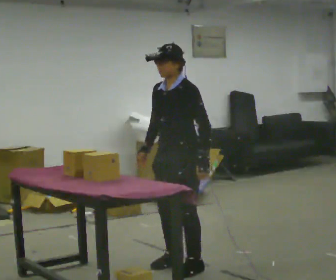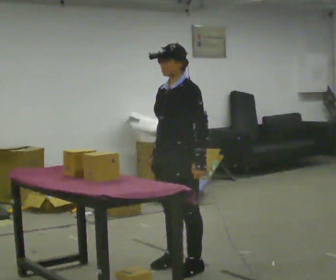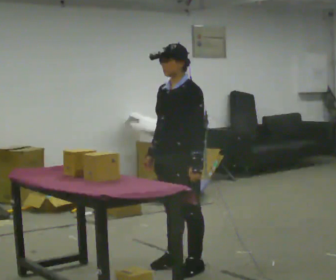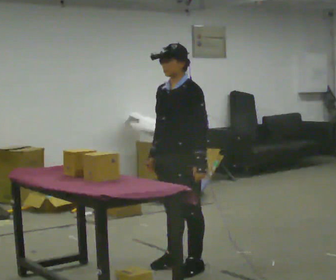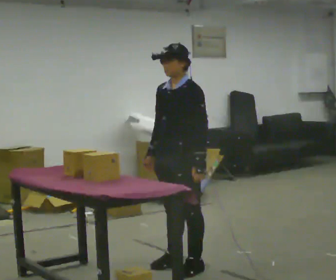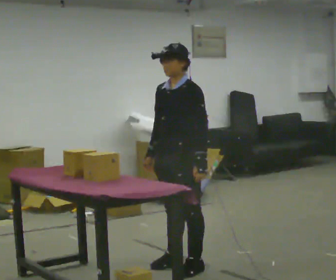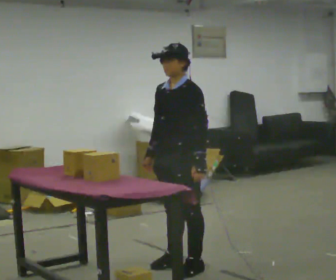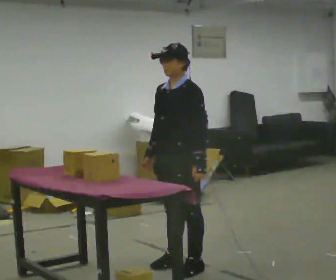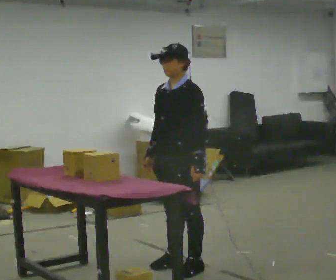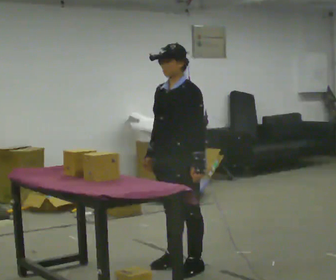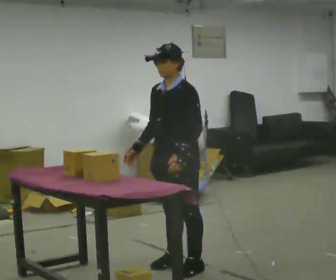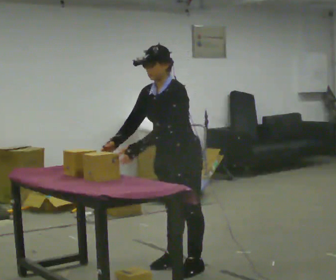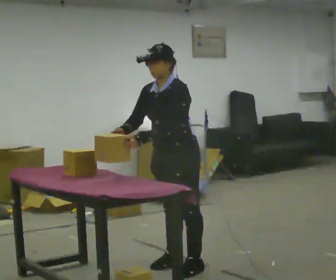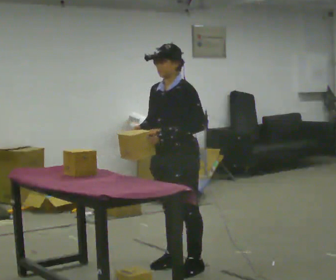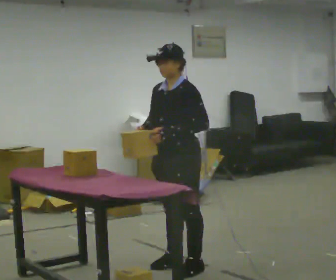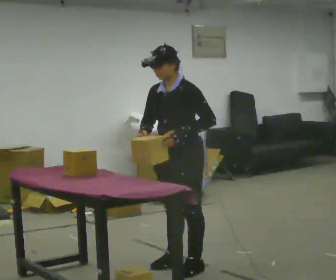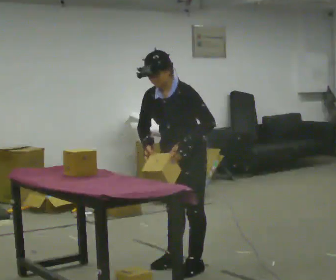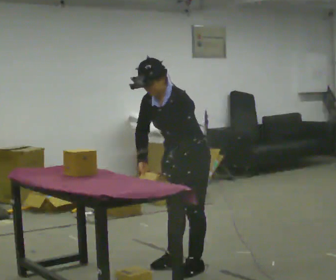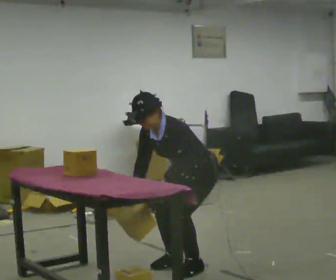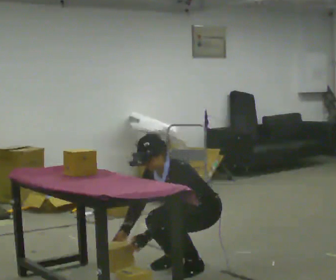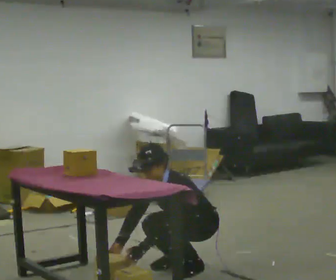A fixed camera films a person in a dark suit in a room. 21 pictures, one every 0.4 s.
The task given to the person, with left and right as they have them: Crouch down and place the object on the lowest shelf, then stand back up. Do not step. Repeat at your own pace until the operator says stop.
0.0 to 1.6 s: The person moves a little, or ends about where they began.
1.6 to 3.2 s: The person keeps their place and pose.
3.2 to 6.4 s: The person moves a little, or ends about where they began.
6.4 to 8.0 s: The shoulders move downward. In the picture the upper body tilts counterclockwise, shoulders to the left, as they bend forward. In the picture their left hand goes downward.
The film runs forward here.
